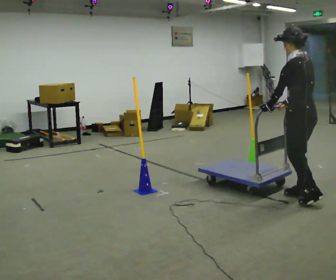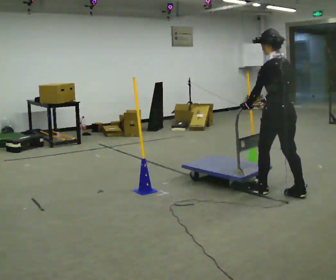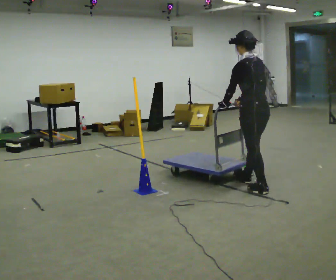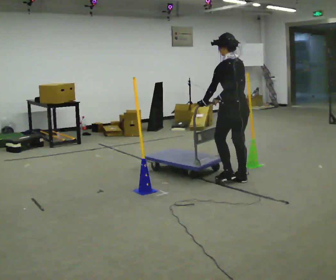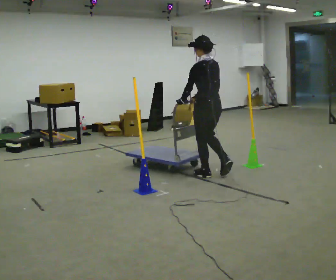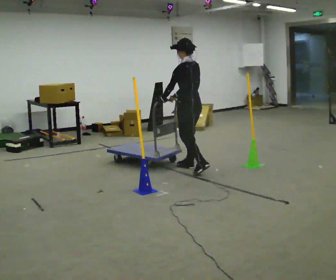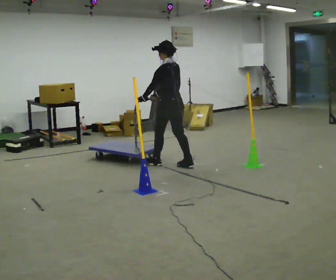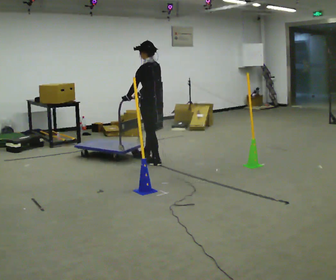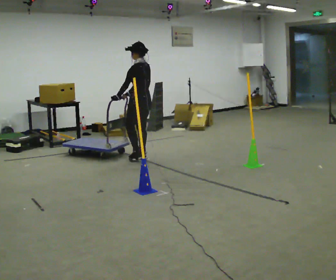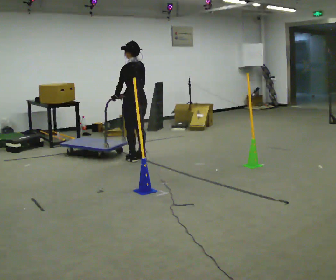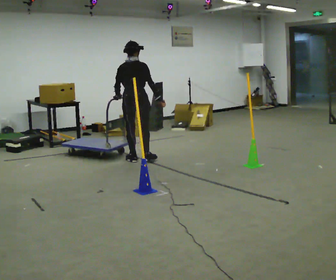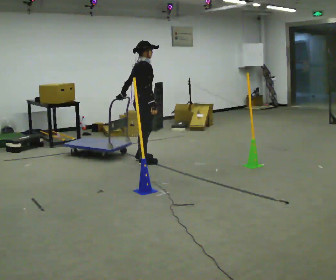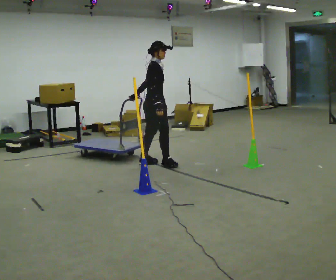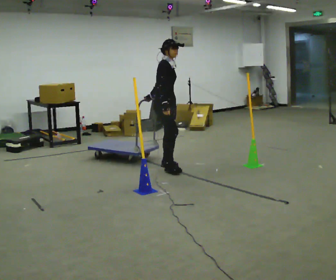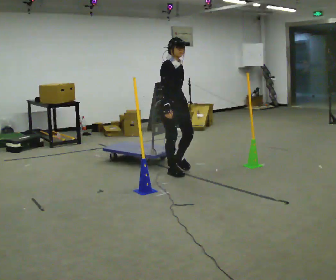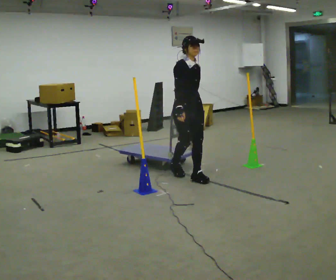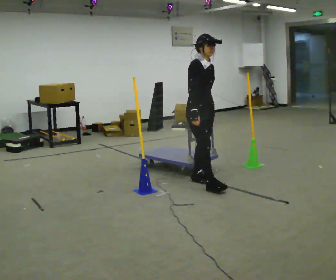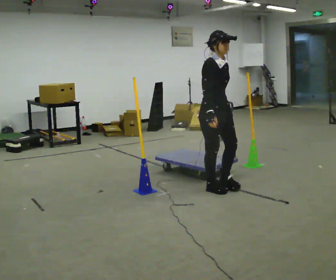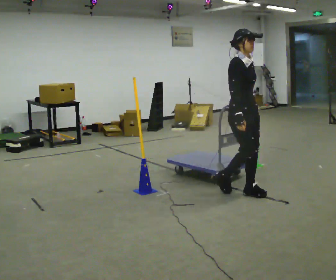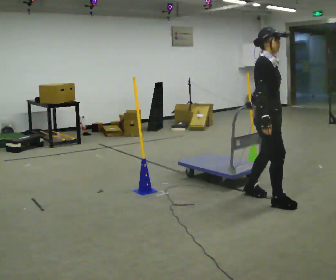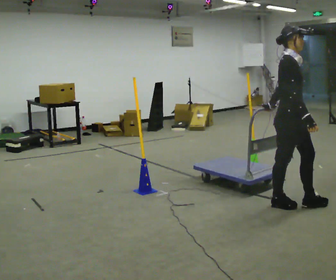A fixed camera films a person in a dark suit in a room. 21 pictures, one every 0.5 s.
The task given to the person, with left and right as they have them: Push the cart through the gap between the poles without touching them, then bring it back through.
0.0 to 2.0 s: In the picture they go away from the camera and to the left, about 1.5 m in 3 steps, which for them is forward.
2.0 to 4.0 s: In the picture they go away from the camera and to the left, about 1 m in 3 steps, which for them is forward.
4.0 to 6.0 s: The person turns about 165 degrees to their right, clockwise seen from above, so the part of the body nearest the lens slides to the left. In the picture they go toward the camera and to the right, about 0.5 m in 3 steps.
6.0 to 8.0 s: The person turns about 30 degrees to their right, clockwise seen from above, so the part of the body nearest the lens slides to the left. In the picture they go toward the camera and to the right, about 1 m in 3 steps, which for them is forward.
8.0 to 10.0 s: In the picture they go toward the camera and to the right, about 1 m in 3 steps, which for them is forward.
The film runs forward here.
